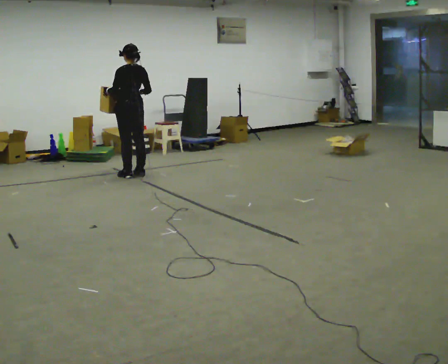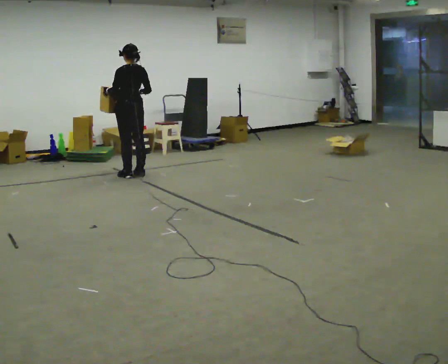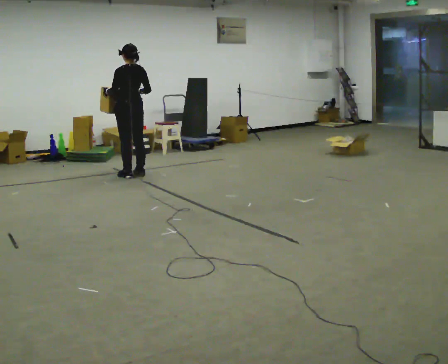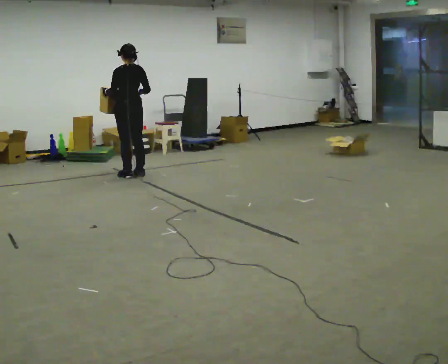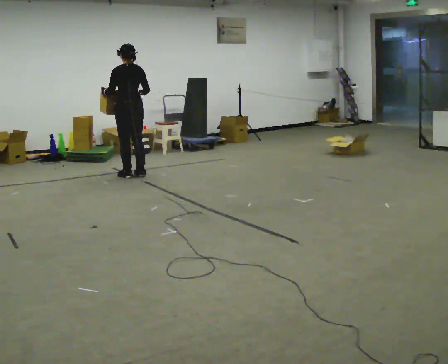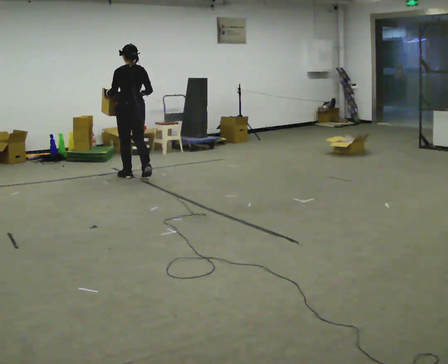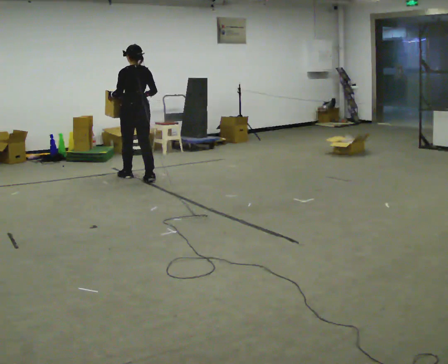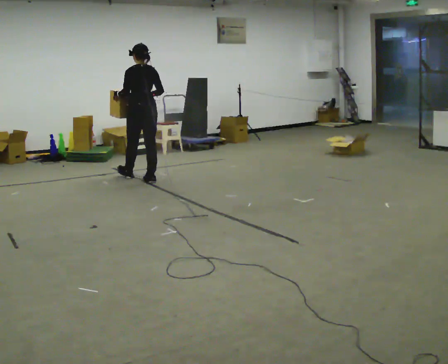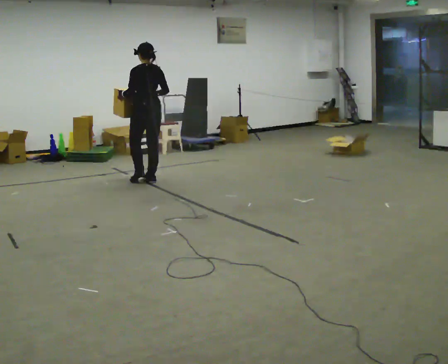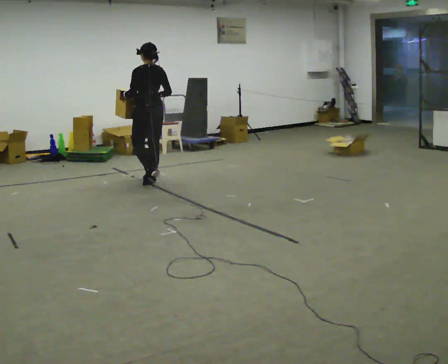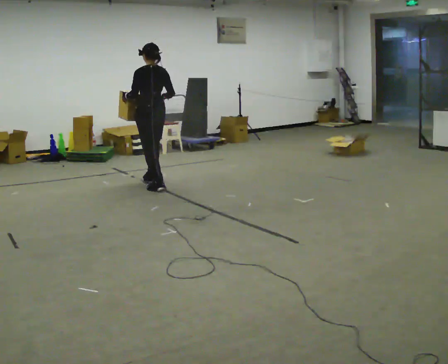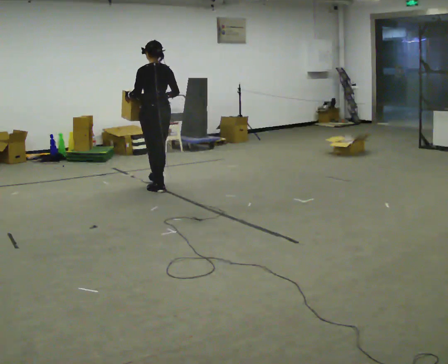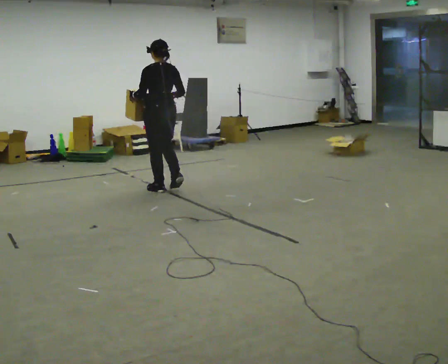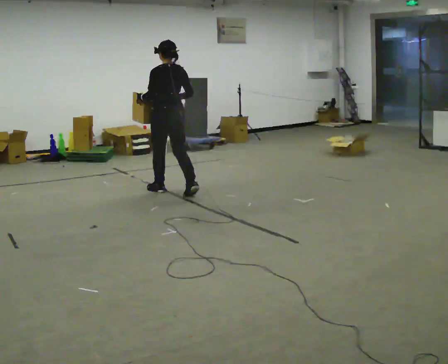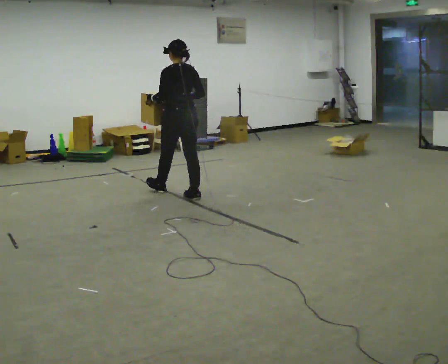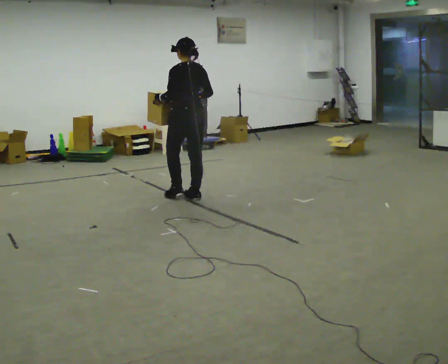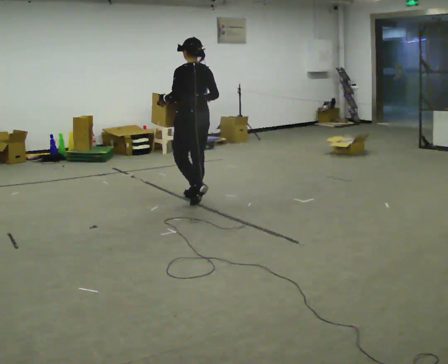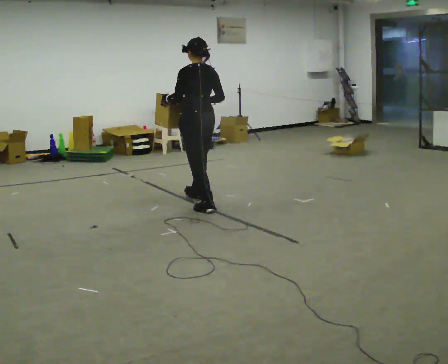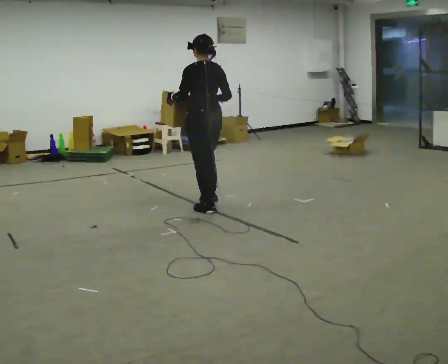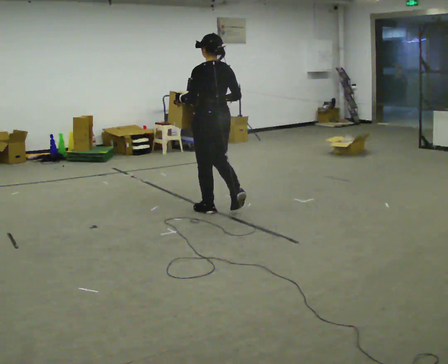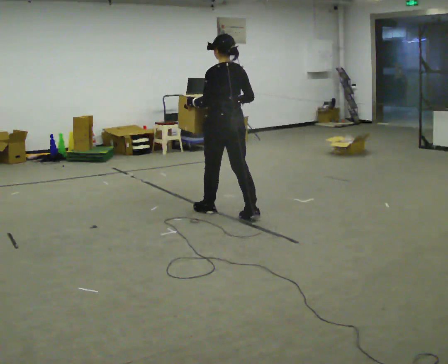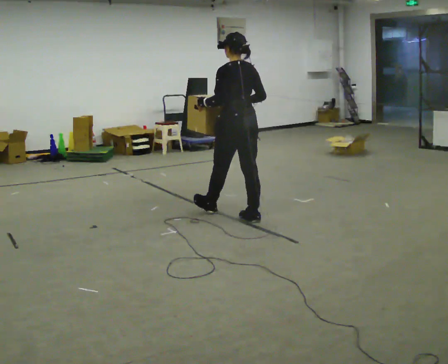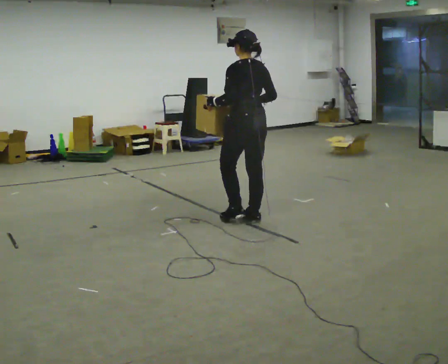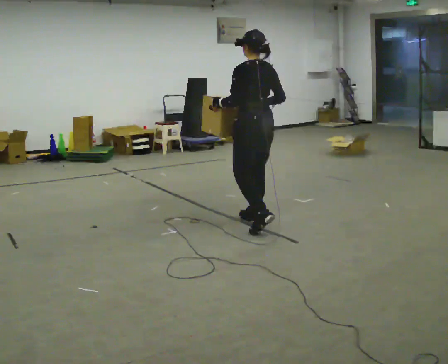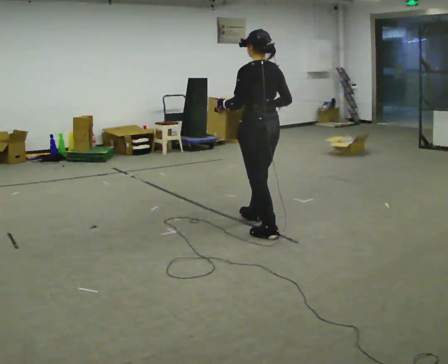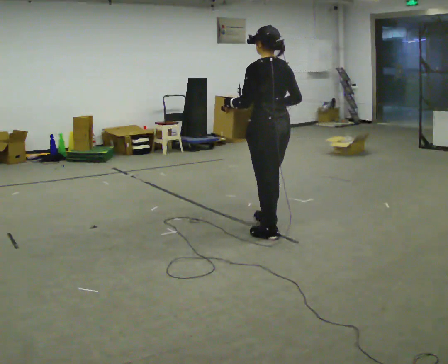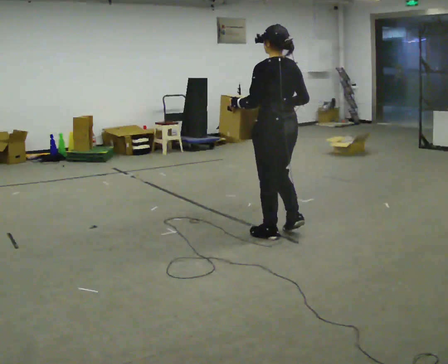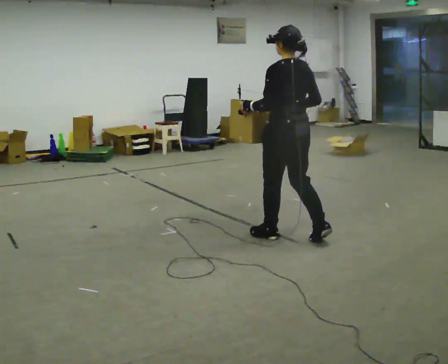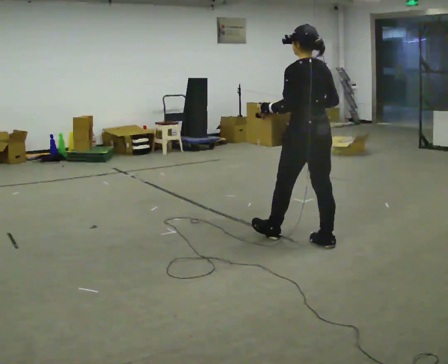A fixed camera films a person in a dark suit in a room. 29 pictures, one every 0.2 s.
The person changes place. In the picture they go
toward the camera.
0.0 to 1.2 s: In the picture they go toward the camera, about 0.25 m in 1 step, which for them is backward.
1.2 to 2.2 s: In the picture they go toward the camera and to the right, about 0.5 m in 2 steps, which for them is backward.
2.2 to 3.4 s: In the picture they go toward the camera and to the right, about 1 m in 1 step, which for them is backward.
3.4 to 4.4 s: In the picture they go toward the camera and to the right, about 0.75 m in 2 steps, which for them is backward.
4.4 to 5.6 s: In the picture they go toward the camera and to the right, about 0.5 m in 1 step, which for them is backward.
The film runs backward here.
